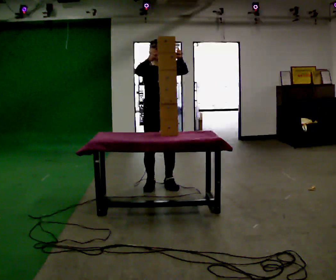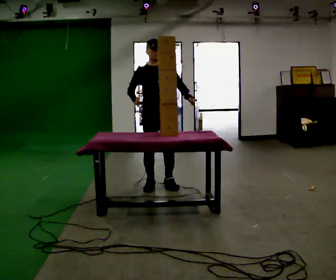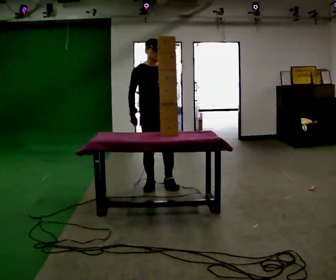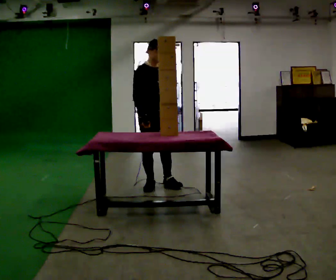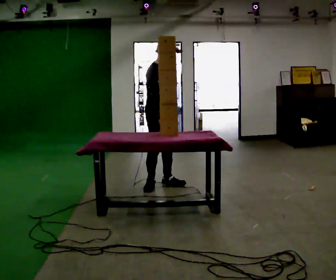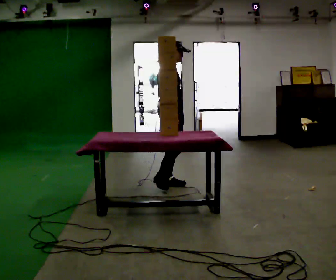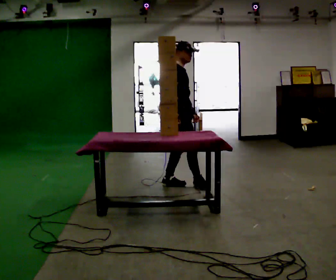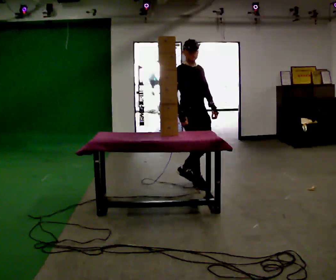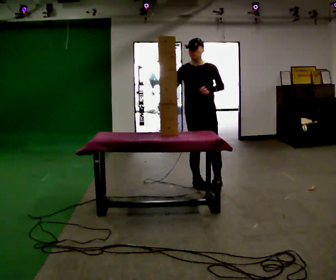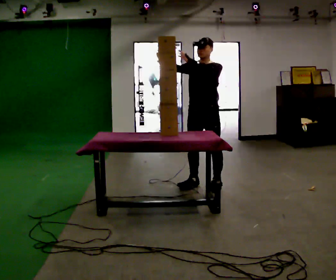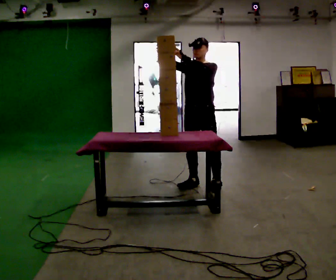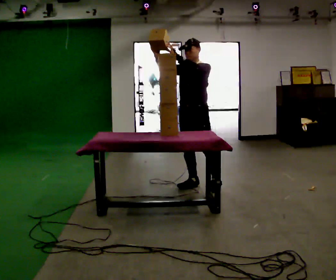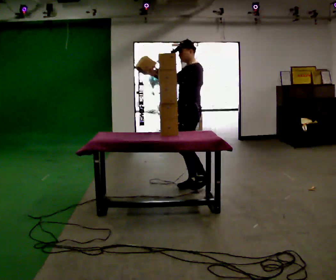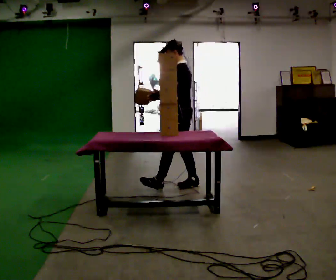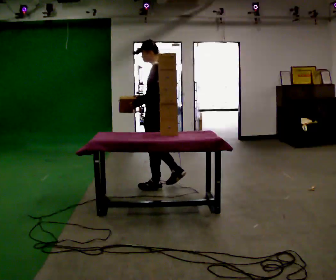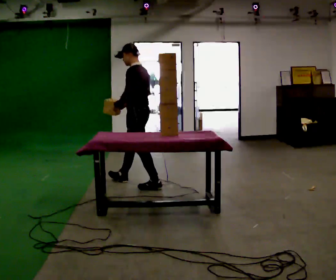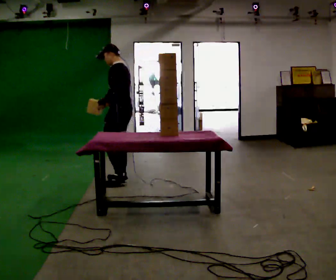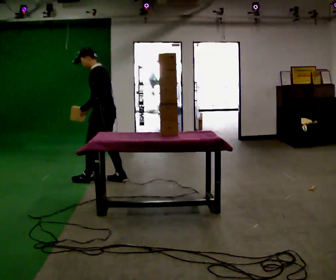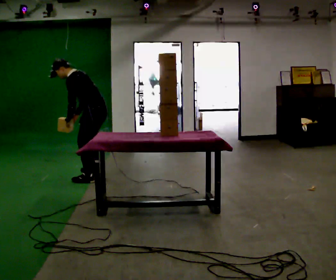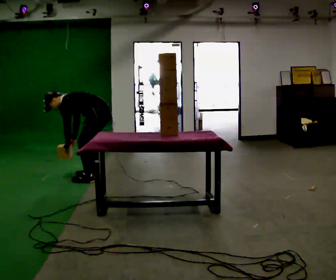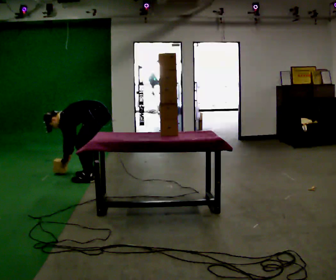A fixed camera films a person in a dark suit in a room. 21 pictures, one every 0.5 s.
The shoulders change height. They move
downward.
0.0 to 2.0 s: The part of the body nearest the lens slides to the right as the person turns to their left by about 45 degrees. In the picture their left hand goes downward, the arm swinging clockwise.
2.0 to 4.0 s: Seen from above the body turns clockwise, about 60 degrees: to their right, with its near side sliding to the left. In the picture they go to the right, about 0.5 m in 2 steps.
4.0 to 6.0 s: Seen from above the body turns clockwise, about 75 degrees: to their right, with its near side sliding to the left. In the picture their left hand goes to the left.
6.0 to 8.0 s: In the picture they go to the left, about 1 m in 2 steps, which for them is forward.
8.0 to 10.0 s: In the picture they go to the left, about 0.25 m in 2 steps, which for them is forward. The upper body goes downward. In the picture the upper body tilts counterclockwise, shoulders to the left, as they bend forward. In the picture their left hand goes downward.
The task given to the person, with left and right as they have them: Bring the boxes over one at a time and stack them on top of each other, walking back for each one. Keep going until the operator says stop; one object at a time, and do not rush between trips.
The film runs forward here.
